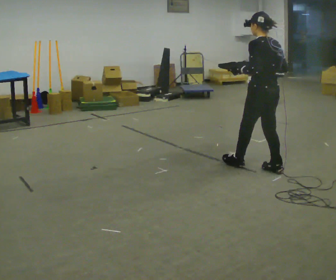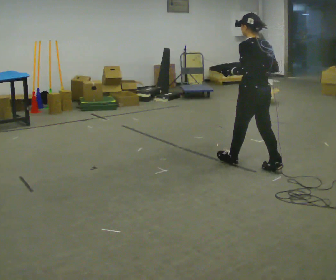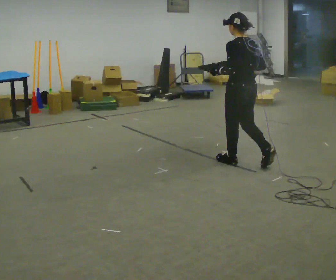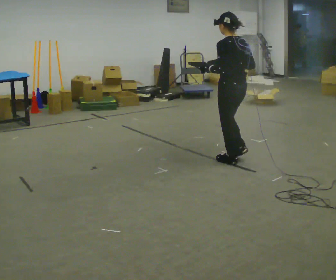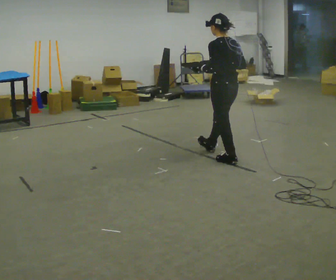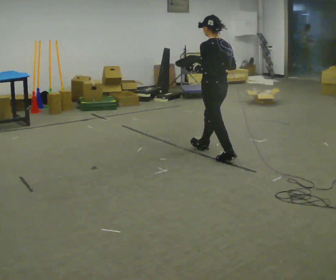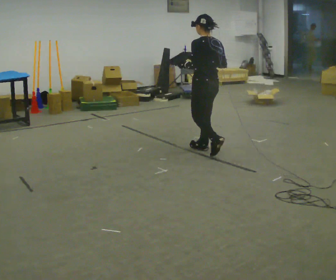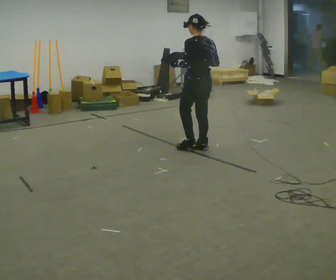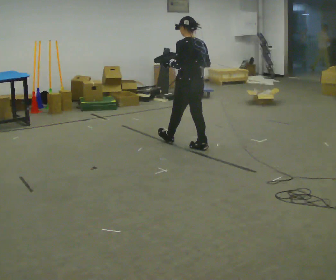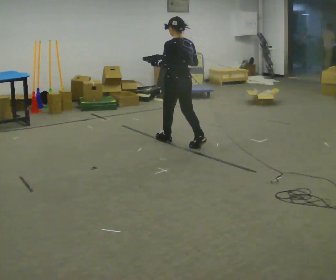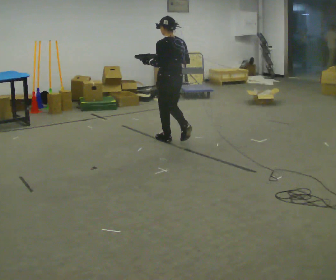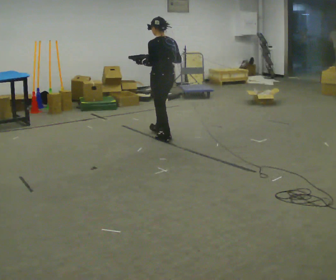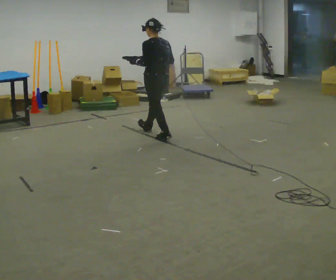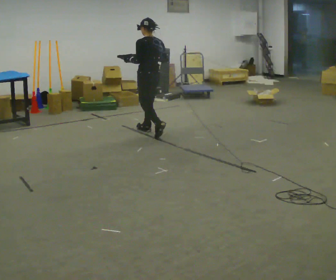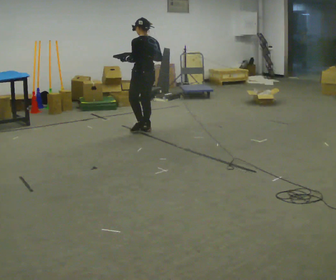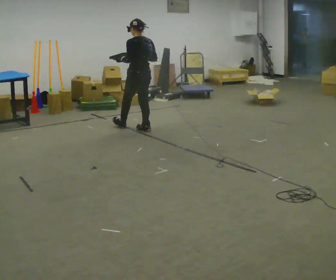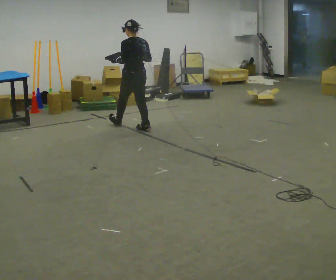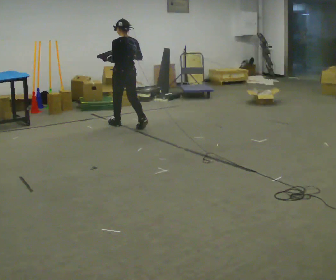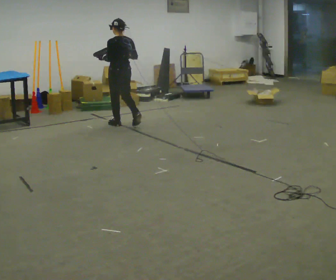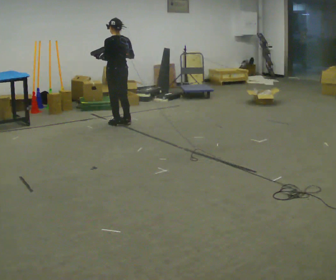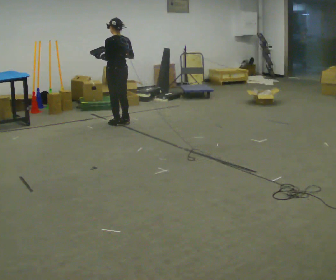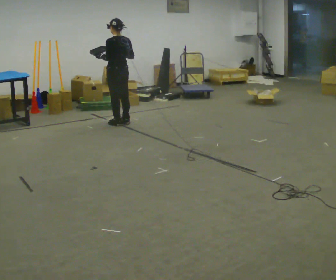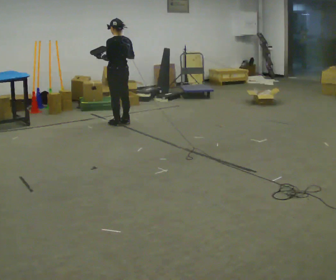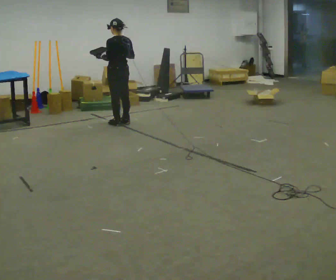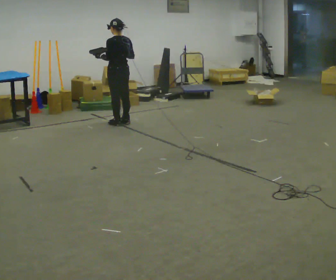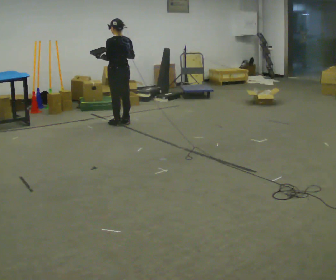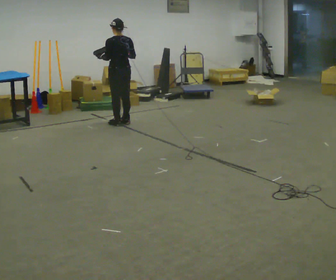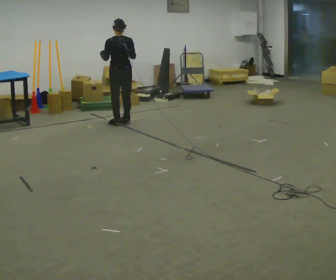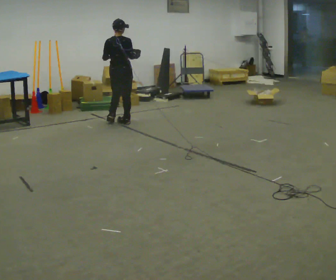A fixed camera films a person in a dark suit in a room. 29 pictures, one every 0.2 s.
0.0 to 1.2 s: In the picture they go away from the camera and to the left, about 1 m in 2 steps, which for them is forward.
1.2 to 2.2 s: In the picture they go away from the camera and to the left, about 0.5 m in 1 step, which for them is forward.
2.2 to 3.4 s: In the picture they go away from the camera and to the left, about 1 m in 2 steps, which for them is forward.
3.4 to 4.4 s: In the picture they go away from the camera, about 0.25 m in 1 step, which for them is forward.
4.4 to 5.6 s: The person turns about 45 degrees to their right, clockwise seen from above, so the part of the body nearest the lens slides to the left.
The film runs forward here.
